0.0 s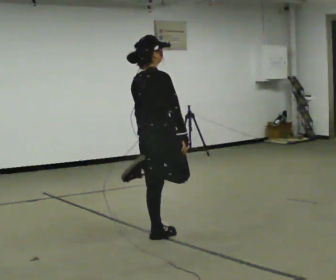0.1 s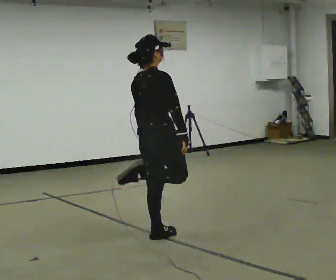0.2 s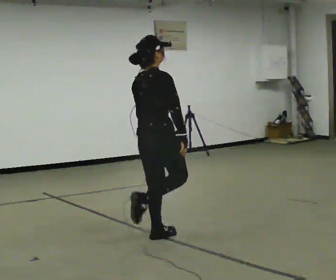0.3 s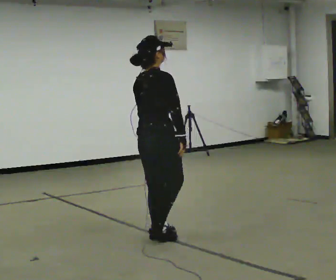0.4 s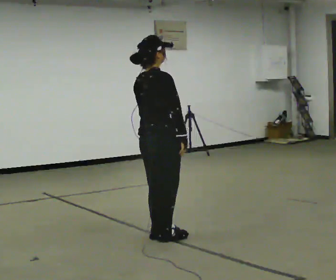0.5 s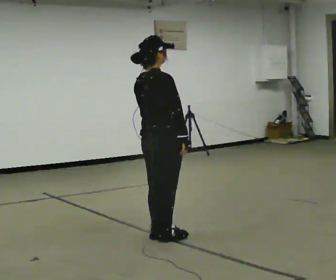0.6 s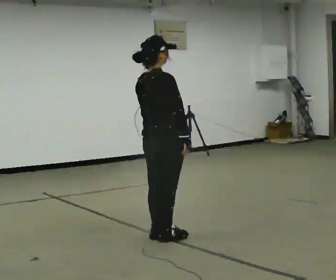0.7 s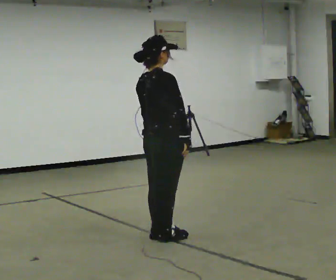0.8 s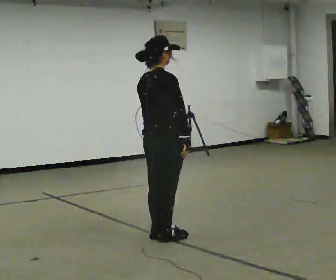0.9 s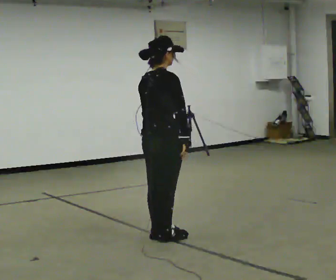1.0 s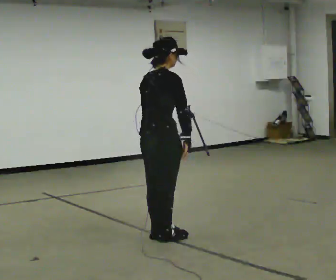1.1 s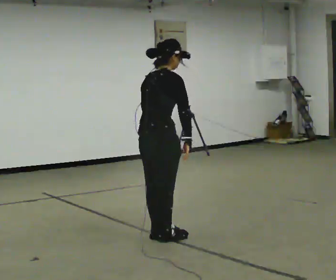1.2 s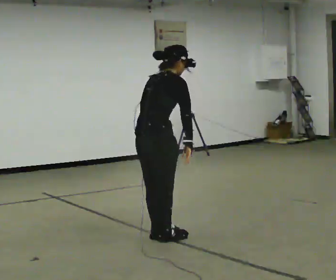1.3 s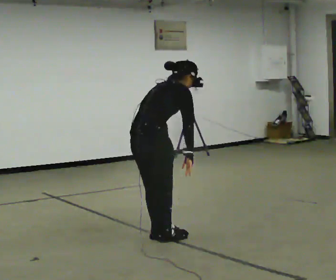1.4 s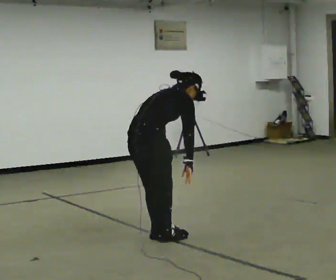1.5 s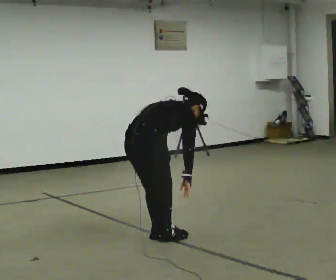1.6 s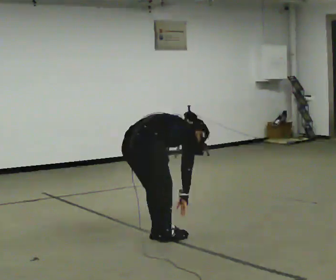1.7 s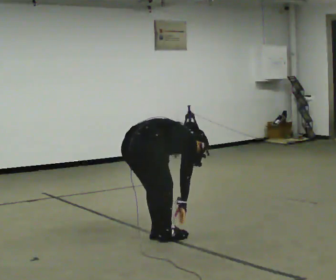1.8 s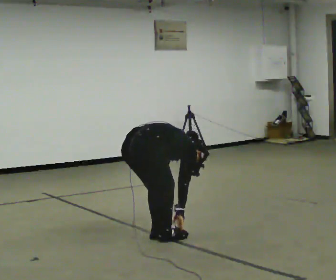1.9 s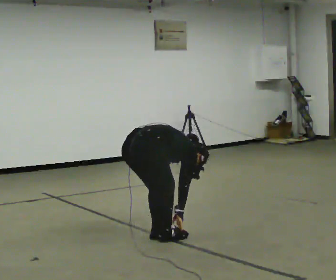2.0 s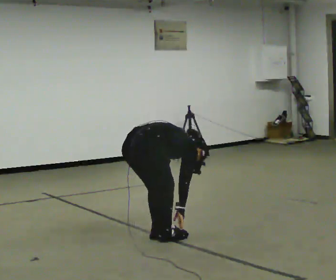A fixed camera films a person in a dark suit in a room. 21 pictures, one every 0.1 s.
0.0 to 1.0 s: The person moves a little, or ends about where they began.
1.0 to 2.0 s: The upper body goes downward. In the picture the upper body tilts clockwise, shoulders to the right, as they bend forward. In the picture their right hand goes downward.
The film runs backward here.
